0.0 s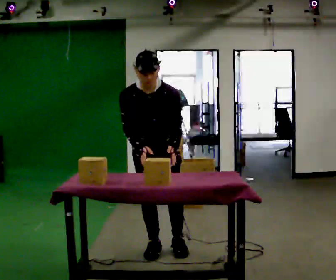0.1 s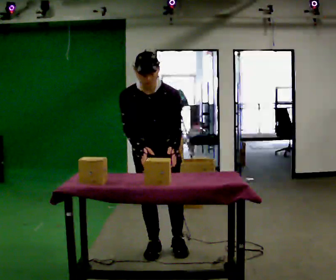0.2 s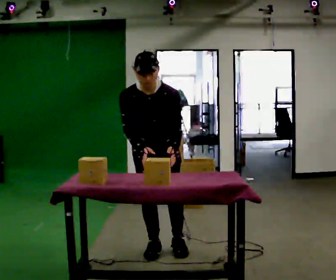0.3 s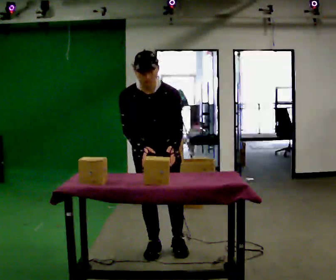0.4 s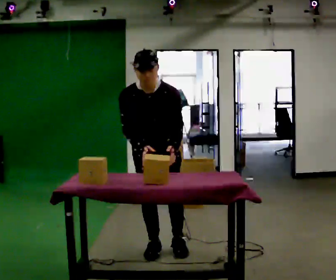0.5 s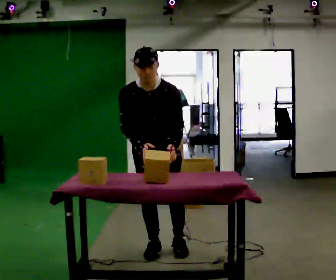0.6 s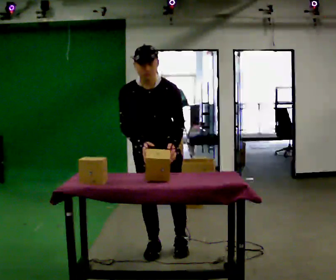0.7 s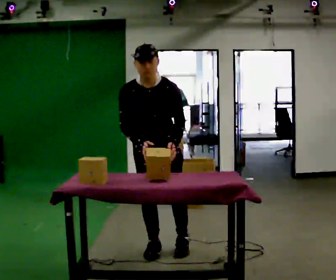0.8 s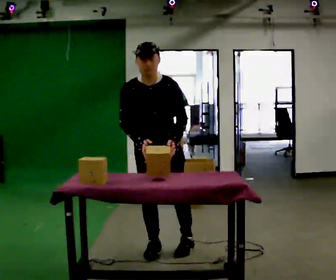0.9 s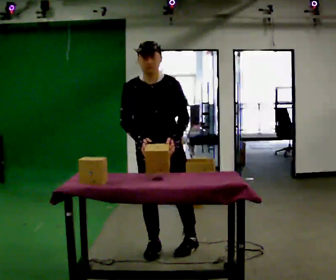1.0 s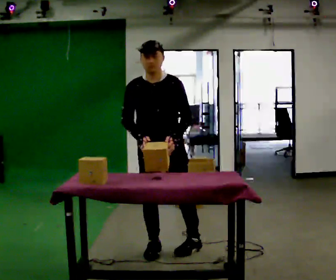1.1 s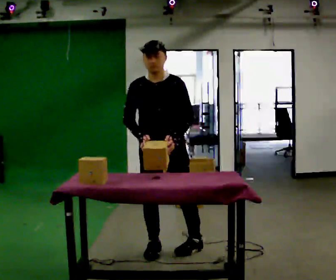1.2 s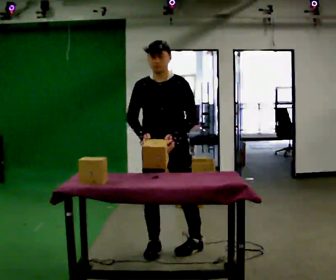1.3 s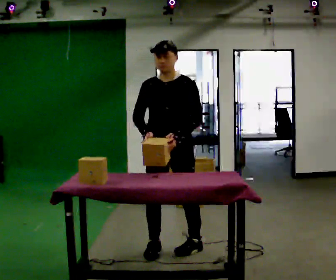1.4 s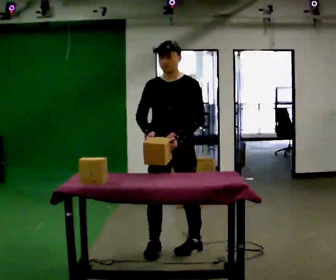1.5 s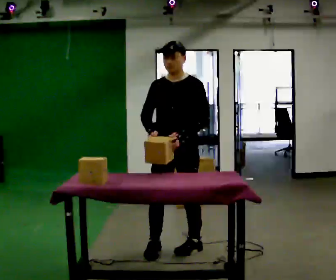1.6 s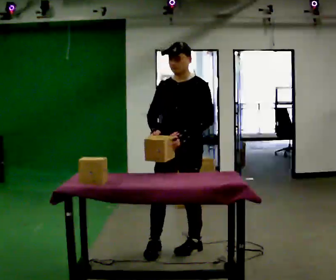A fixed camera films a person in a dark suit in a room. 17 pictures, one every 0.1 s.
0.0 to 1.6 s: The part of the body nearest the lens slides to the left as the person turns to their right by about 45 degrees. In the picture they go to the right, about 0.25 m in 1 step, which for them is to their left. The upper body tips away from the camera, its near side rolling upward, as they lean back or straighten.
The film runs forward here.
